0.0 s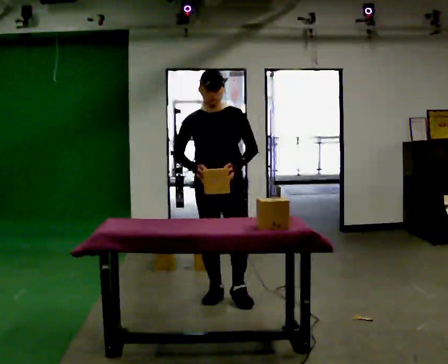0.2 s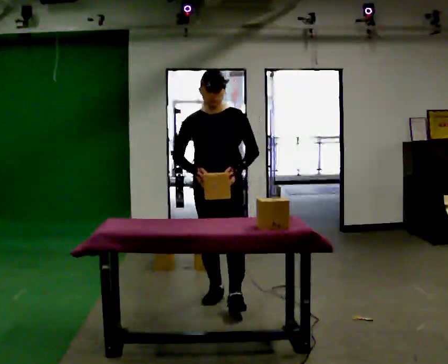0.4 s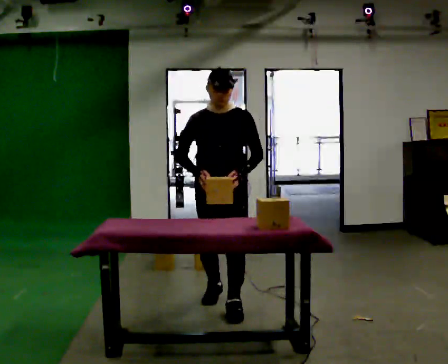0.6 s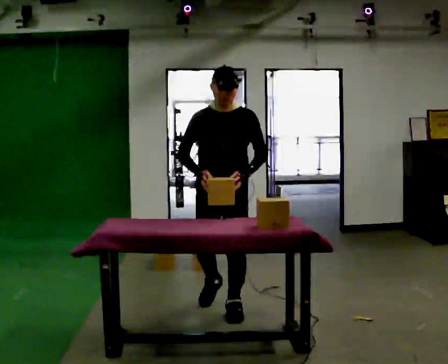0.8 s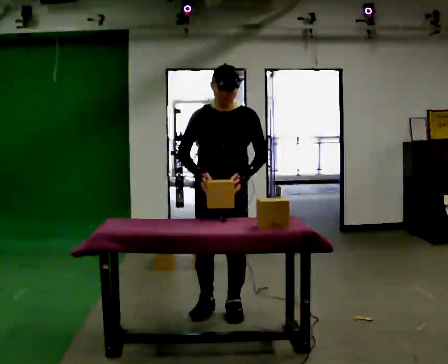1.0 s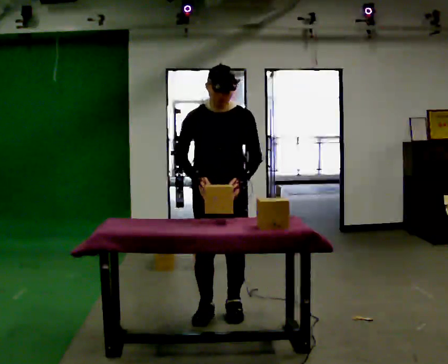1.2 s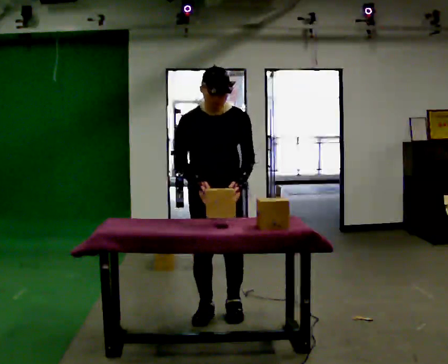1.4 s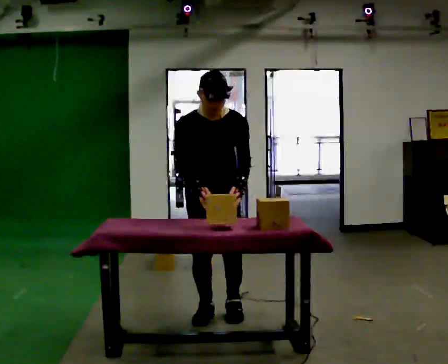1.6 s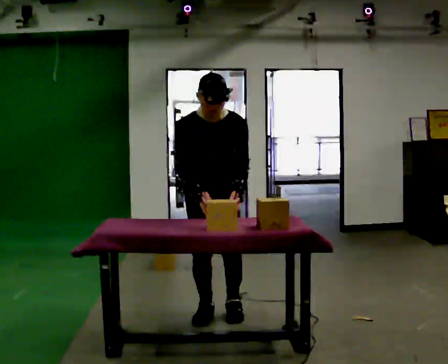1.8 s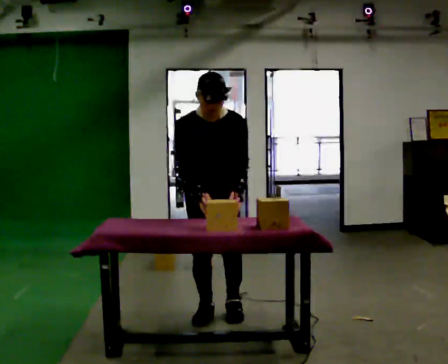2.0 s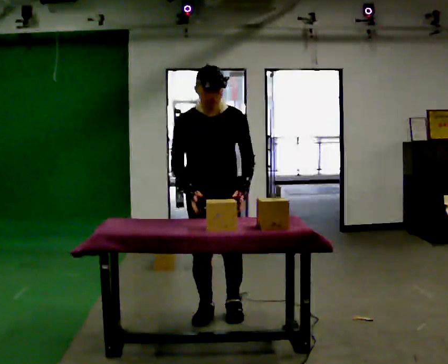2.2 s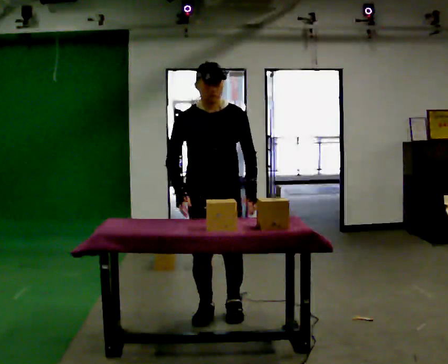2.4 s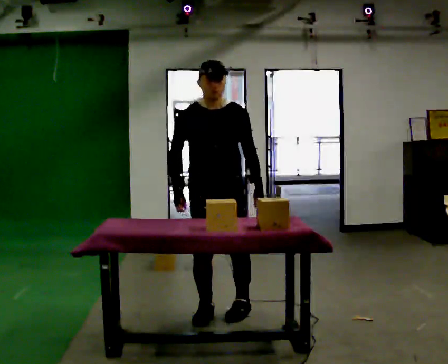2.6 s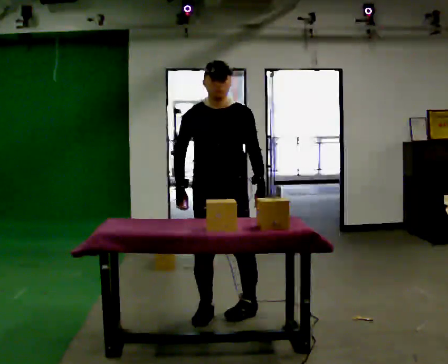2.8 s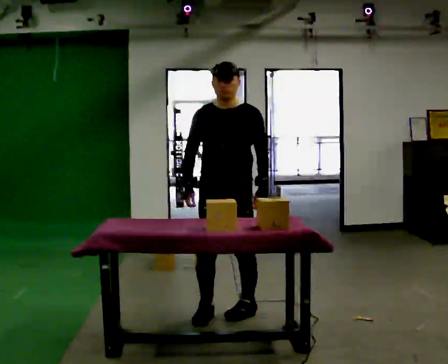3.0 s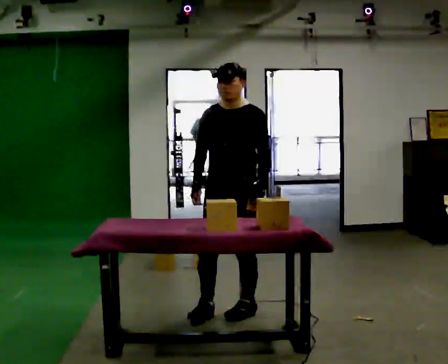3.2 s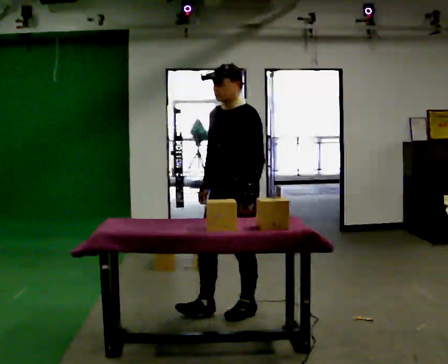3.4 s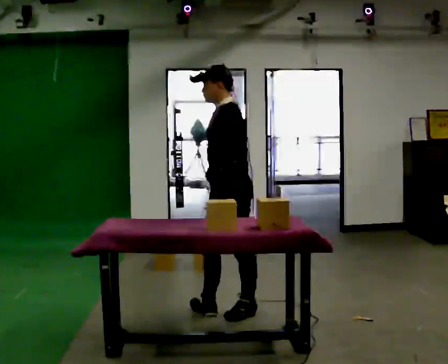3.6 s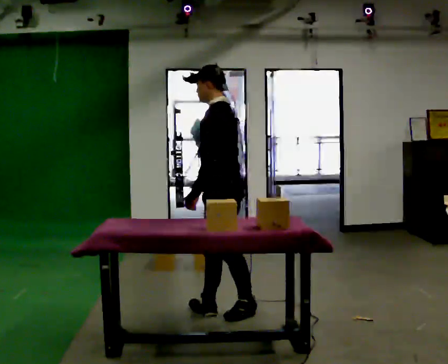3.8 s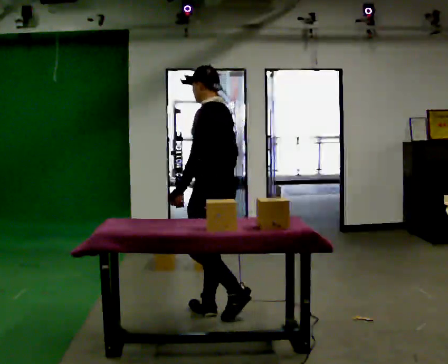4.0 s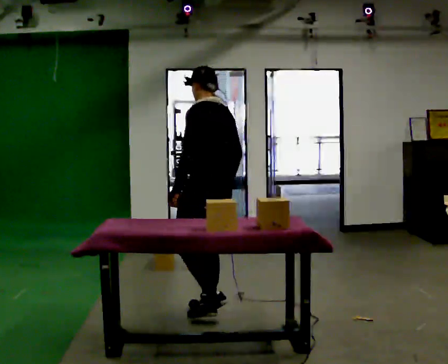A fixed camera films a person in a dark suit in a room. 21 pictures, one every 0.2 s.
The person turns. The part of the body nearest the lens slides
to the left.
The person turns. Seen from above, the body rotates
clockwise.
0.0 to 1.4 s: In the picture they go toward the camera, about 0.5 m in 2 steps, which for them is forward. The upper body tips toward the camera, its near side rolling downward, as they bend forward.
1.4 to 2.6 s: The upper body tips away from the camera, its near side rolling upward, as they lean back or straighten.
2.6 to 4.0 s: The person turns about 120 degrees to their right, clockwise seen from above, so the part of the body nearest the lens slides to the left. In the picture their left hand goes to the left, the arm swinging clockwise.
The film runs forward here.
